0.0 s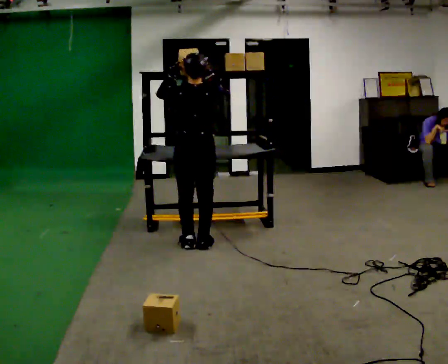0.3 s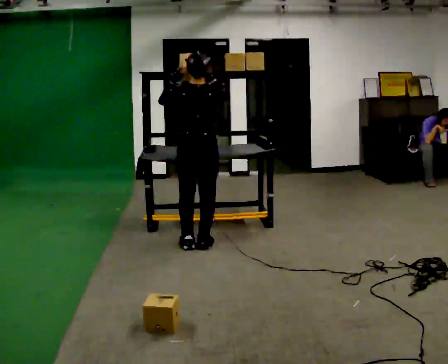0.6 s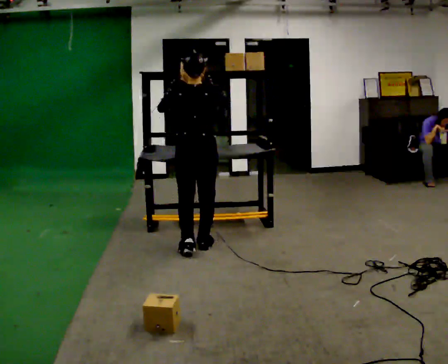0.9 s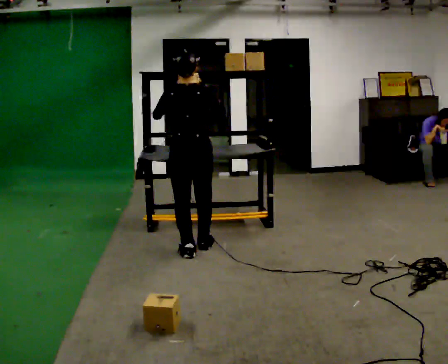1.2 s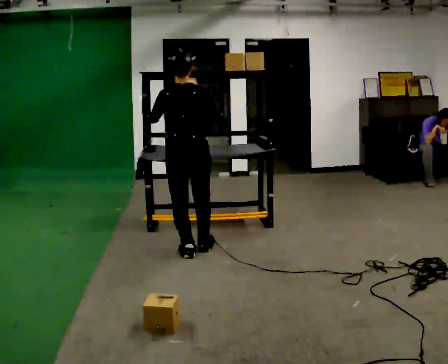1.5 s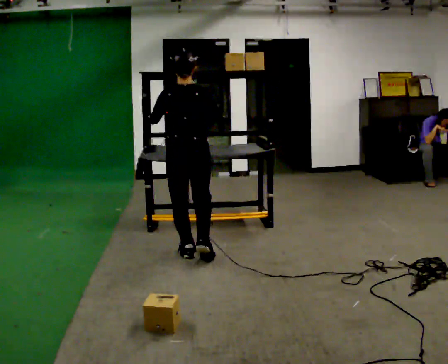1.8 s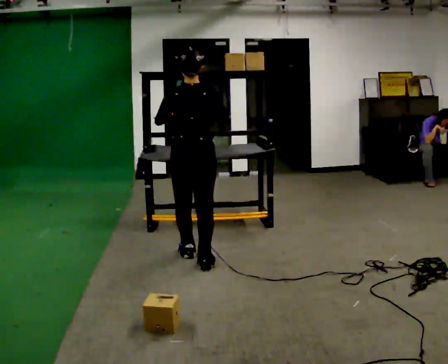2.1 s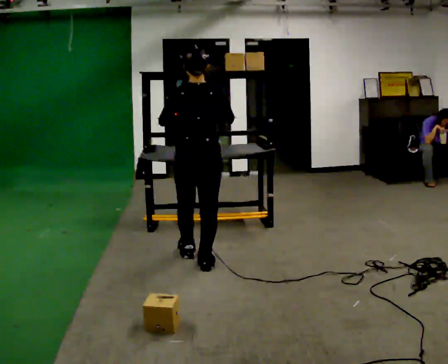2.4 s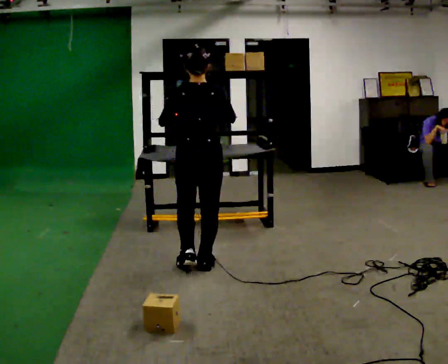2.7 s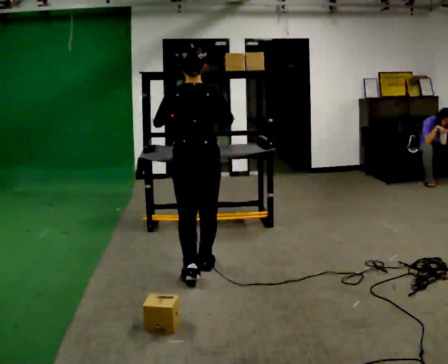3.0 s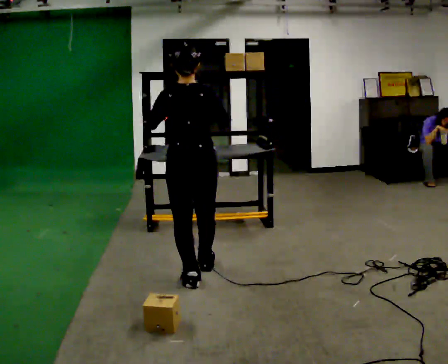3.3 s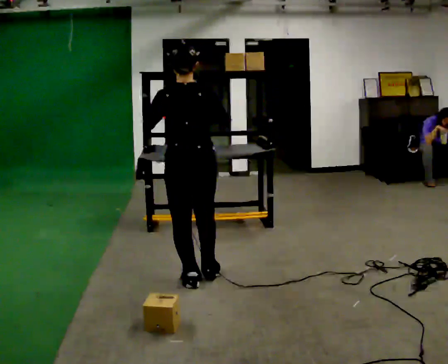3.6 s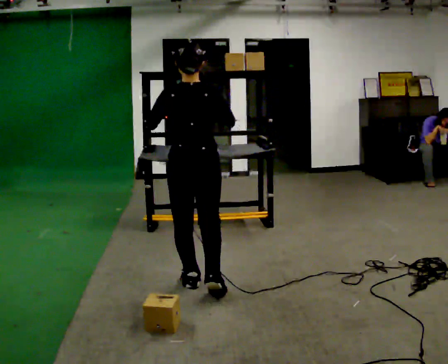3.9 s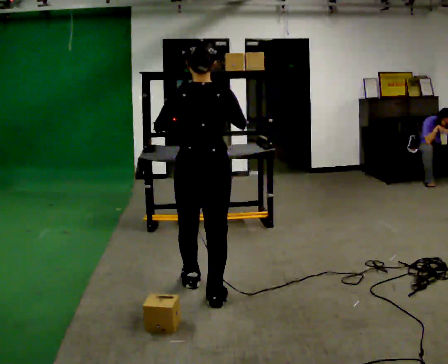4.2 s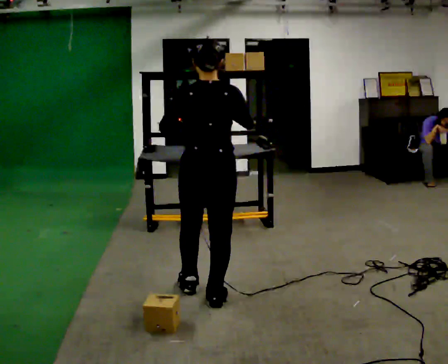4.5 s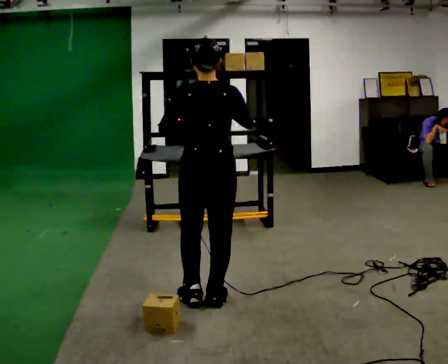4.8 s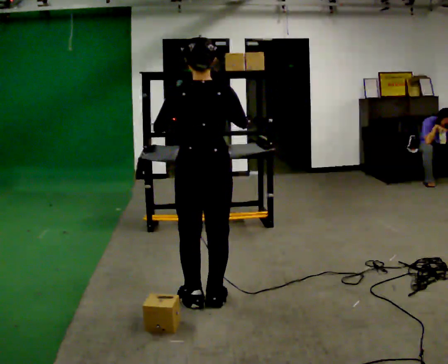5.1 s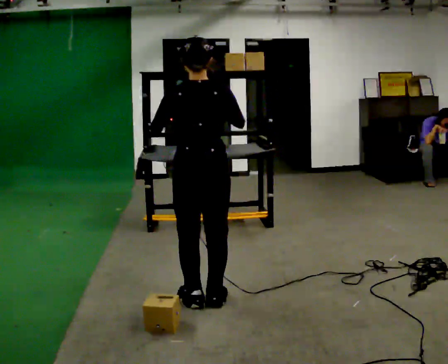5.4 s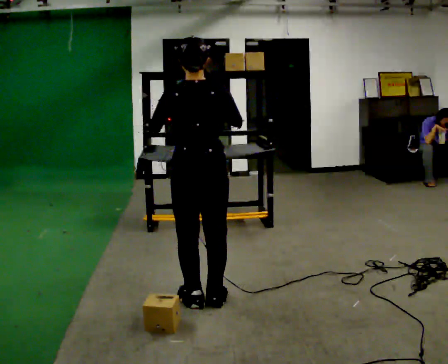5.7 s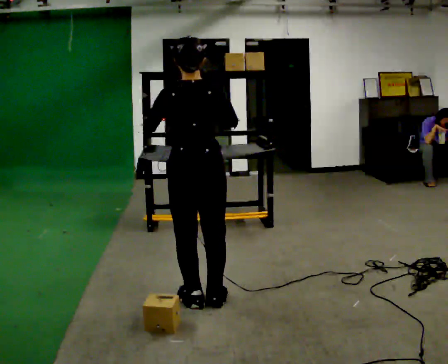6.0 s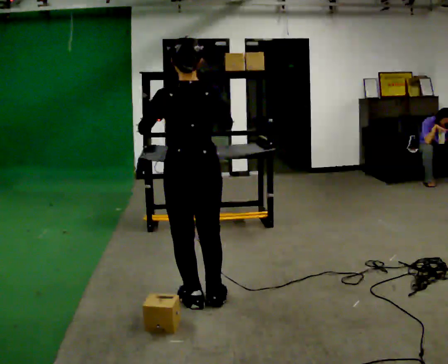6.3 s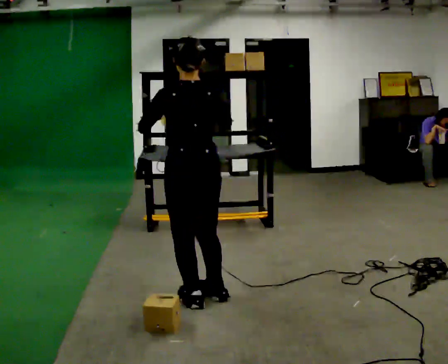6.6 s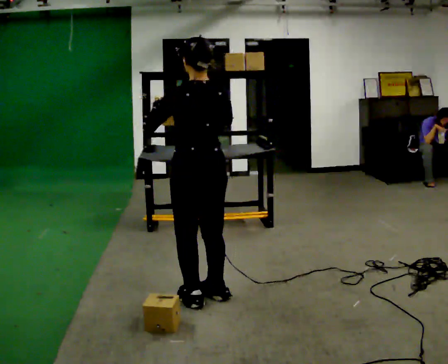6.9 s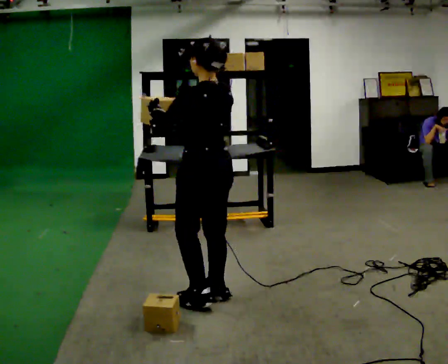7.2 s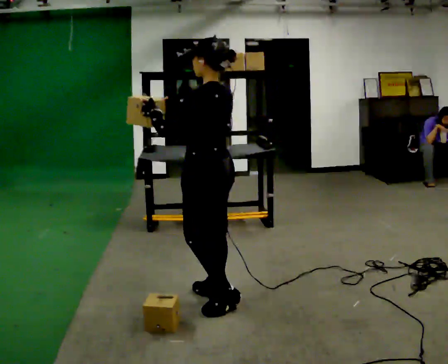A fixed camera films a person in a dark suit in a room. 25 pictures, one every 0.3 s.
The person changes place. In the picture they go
toward the camera.
0.0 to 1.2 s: In the picture they go toward the camera, about 0.25 m in 2 steps, which for them is backward.
1.2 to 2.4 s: In the picture they go toward the camera, about 0.25 m in 1 step, which for them is backward.
2.4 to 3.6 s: In the picture they go toward the camera, about 0.5 m in 1 step, which for them is backward.
3.6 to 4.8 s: In the picture they go toward the camera, about 0.25 m in 1 step, which for them is backward.
4.8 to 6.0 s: The person moves a little, or ends about where they began.
6.0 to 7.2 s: Seen from above the body turns counterclockwise, about 45 degrees: to their left, with its near side sliding to the right.
The film runs backward here.
